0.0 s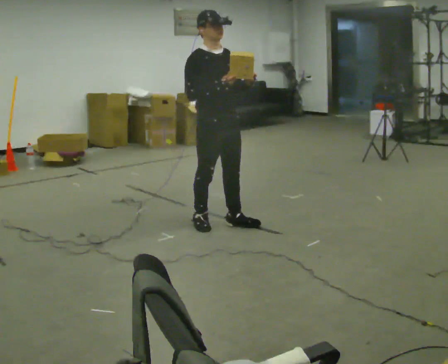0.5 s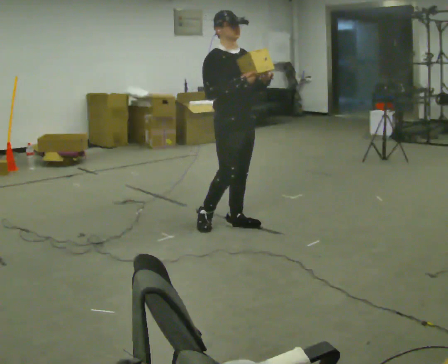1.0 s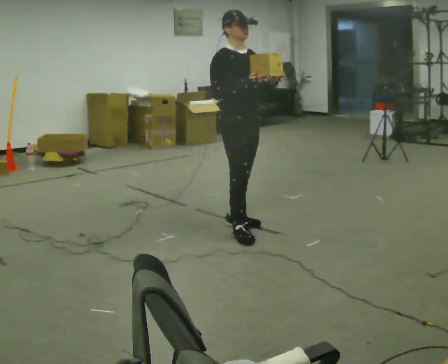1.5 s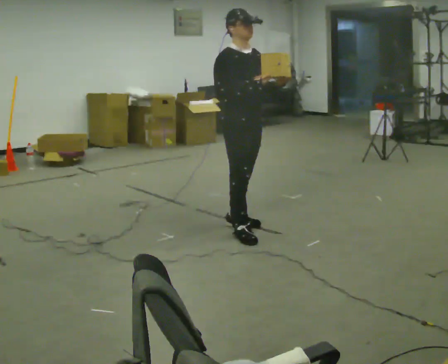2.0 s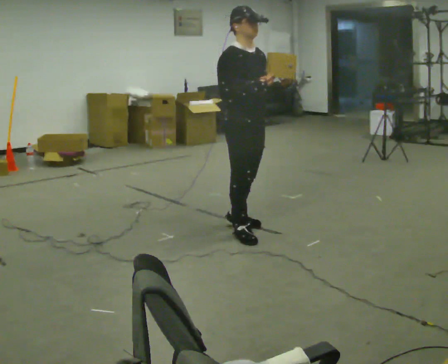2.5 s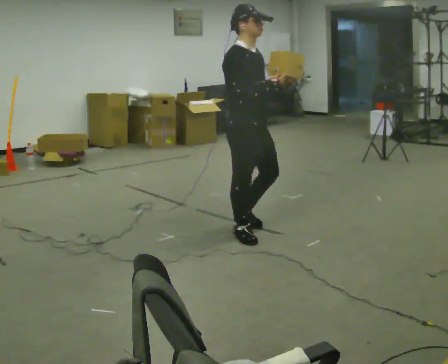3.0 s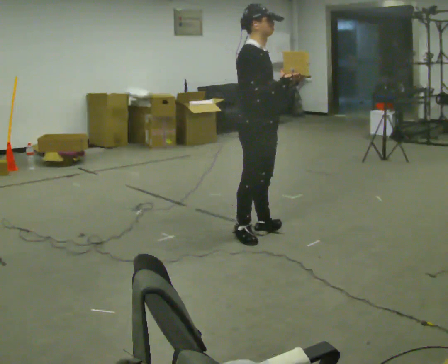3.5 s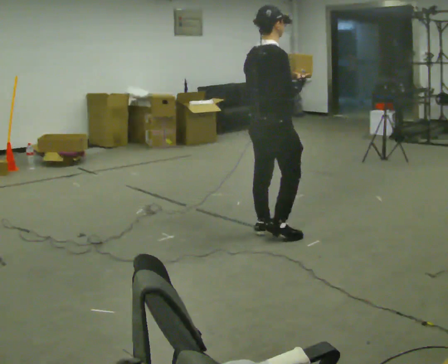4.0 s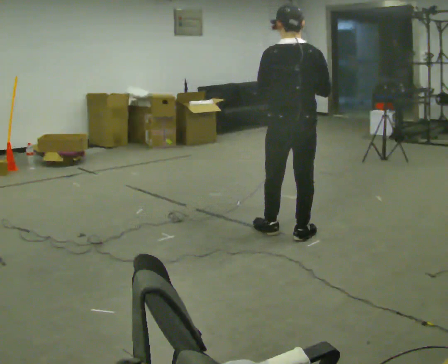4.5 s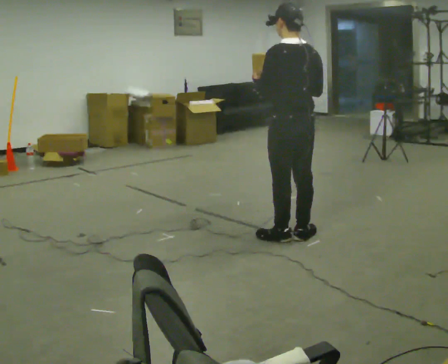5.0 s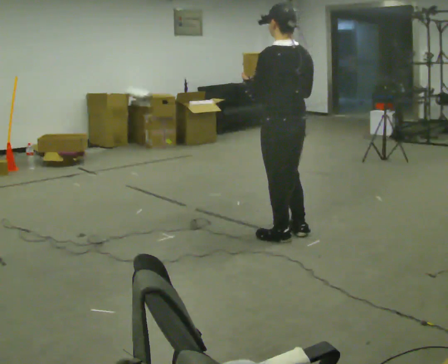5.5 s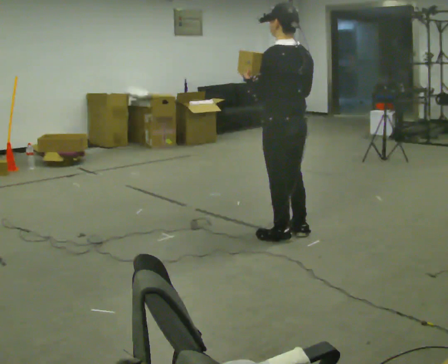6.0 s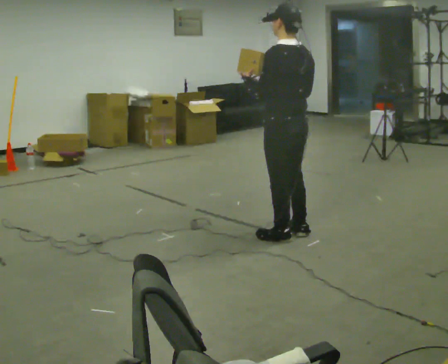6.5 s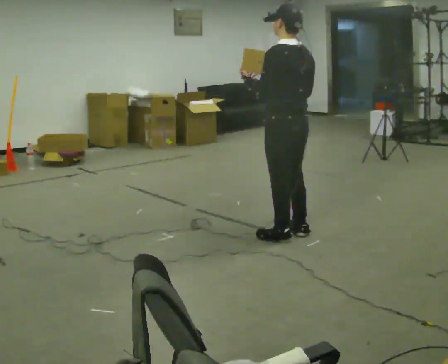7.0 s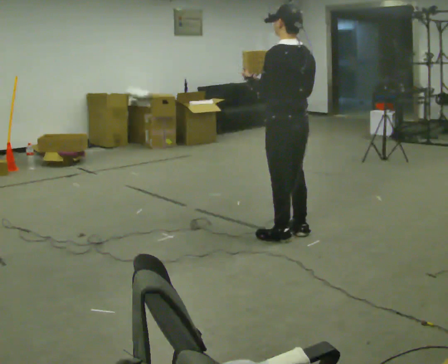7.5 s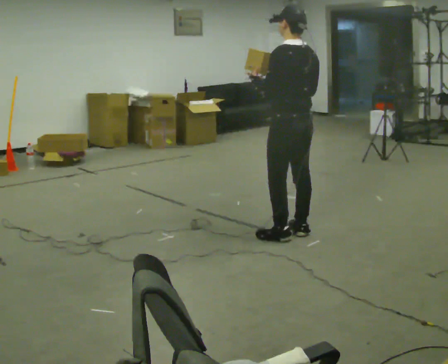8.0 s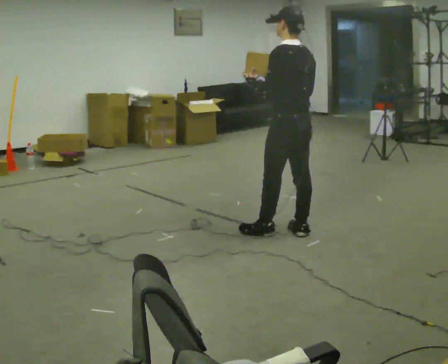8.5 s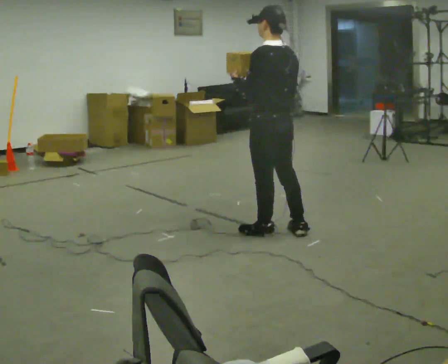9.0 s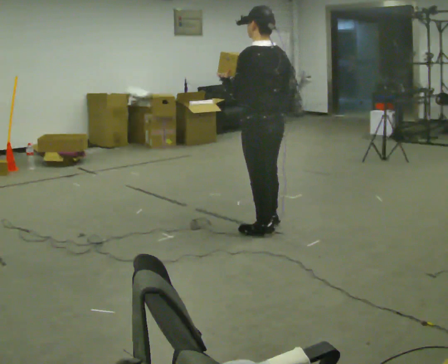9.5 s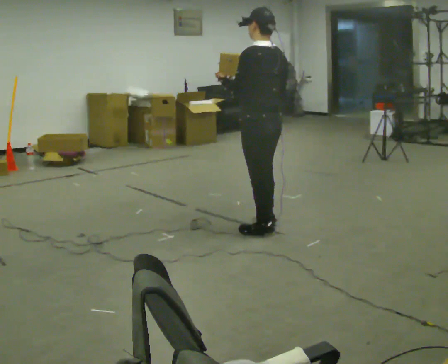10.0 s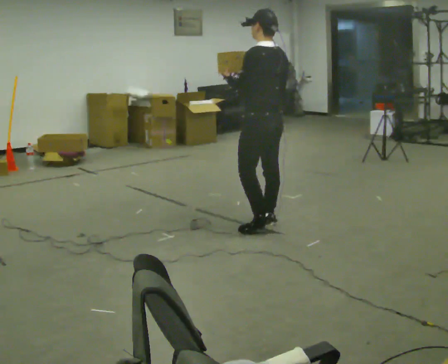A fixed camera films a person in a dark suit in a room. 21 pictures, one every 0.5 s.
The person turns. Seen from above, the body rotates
counterclockwise.
The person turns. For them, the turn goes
to their left.
0.0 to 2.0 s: In the picture they go to the right, about 0.25 m in 1 step, which for them is forward.
2.0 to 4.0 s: The part of the body nearest the lens slides to the right as the person turns to their left by about 135 degrees. In the picture they go to the right, about 0.25 m in 2 steps.
4.0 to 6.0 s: The person turns about 45 degrees to their left, counterclockwise seen from above, so the part of the body nearest the lens slides to the right.
6.0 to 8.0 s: The person moves a little, or ends about where they began.
8.0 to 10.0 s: In the picture they go to the left, about 0.25 m in 1 step, which for them is forward.
The film runs forward here.
